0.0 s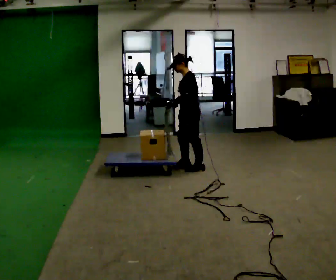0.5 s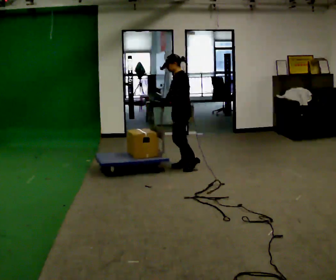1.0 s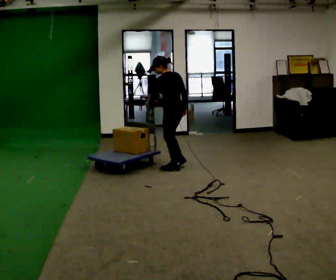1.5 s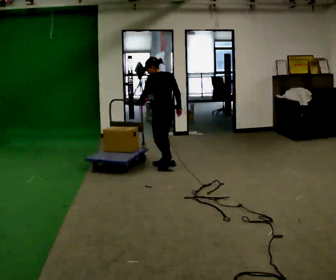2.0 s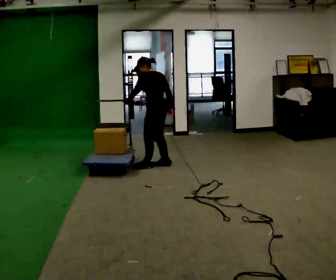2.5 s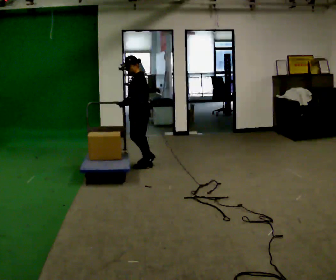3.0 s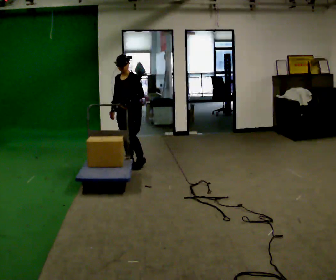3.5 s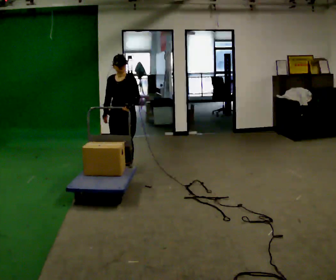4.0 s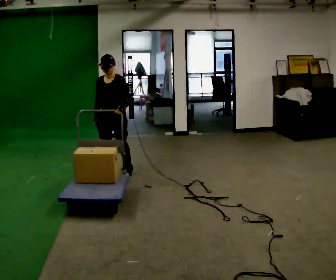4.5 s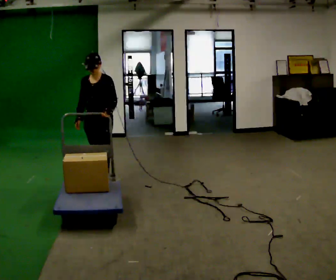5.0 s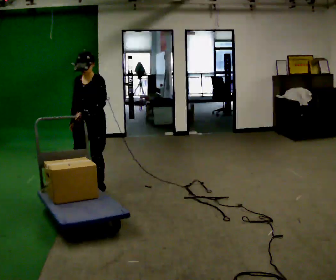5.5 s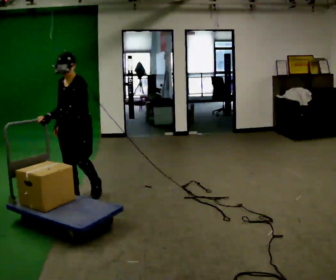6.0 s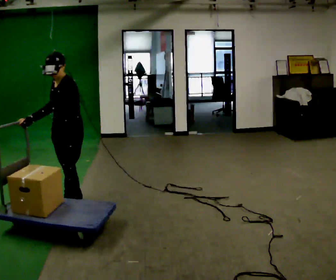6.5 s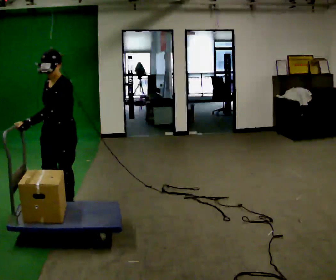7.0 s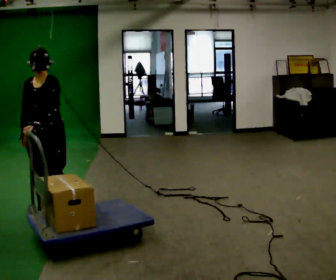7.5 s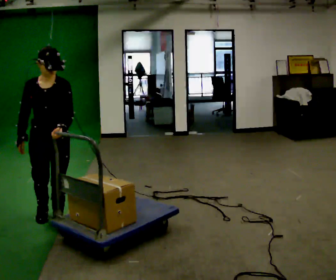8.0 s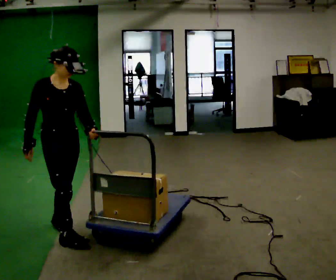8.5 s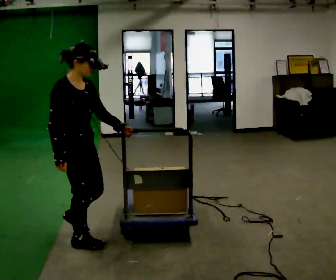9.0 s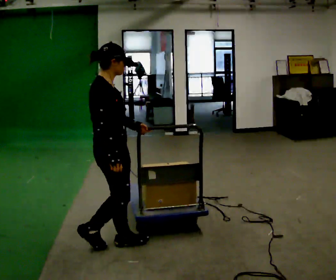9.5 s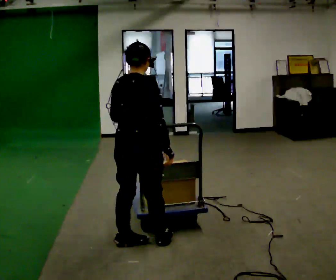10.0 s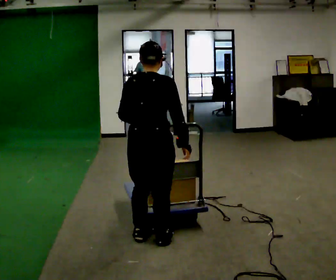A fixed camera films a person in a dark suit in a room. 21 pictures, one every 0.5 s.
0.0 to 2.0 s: The person turns about 45 degrees to their right, clockwise seen from above, so the part of the body nearest the lens slides to the left. In the picture they go to the left, about 0.5 m in 3 steps, which for them is forward.
2.0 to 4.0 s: Seen from above the body turns counterclockwise, about 105 degrees: to their left, with its near side sliding to the right. In the picture they go to the left and toward the camera, about 0.5 m in 3 steps.
4.0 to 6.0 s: In the picture they go toward the camera, about 1 m in 3 steps, which for them is forward.
6.0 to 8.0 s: The person turns about 90 degrees to their left, counterclockwise seen from above, so the part of the body nearest the lens slides to the right. In the picture they go toward the camera, about 0.75 m in 2 steps.
8.0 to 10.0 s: Seen from above the body turns counterclockwise, about 120 degrees: to their left, with its near side sliding to the right. In the picture they go to the right, about 0.5 m in 4 steps.
The film runs forward here.
